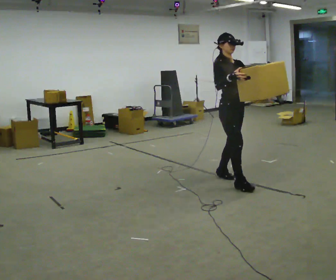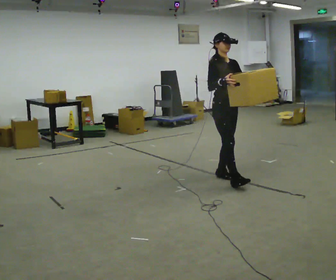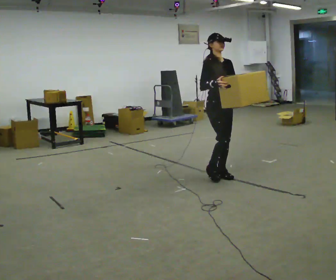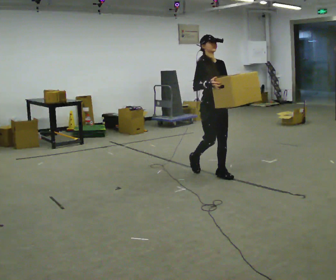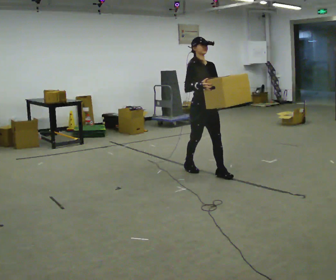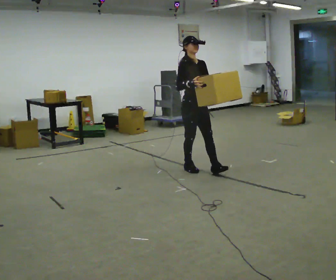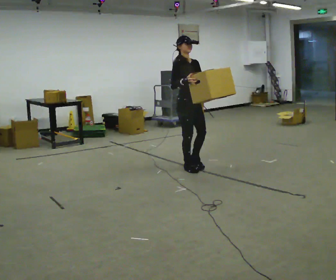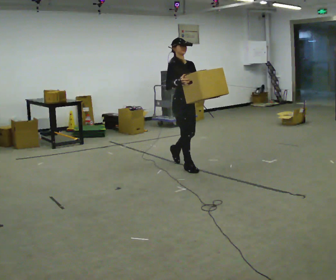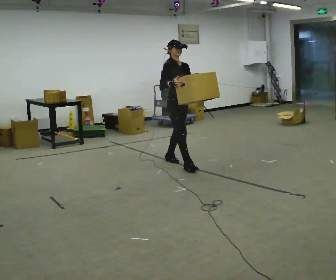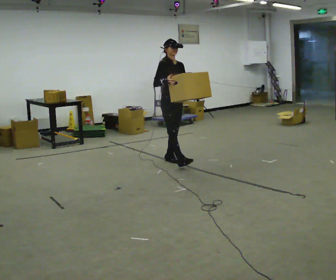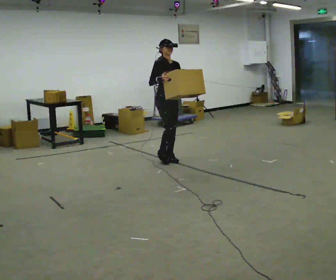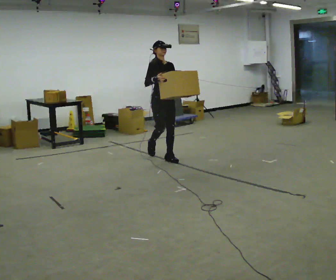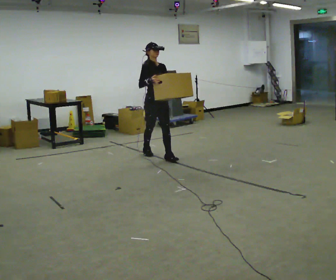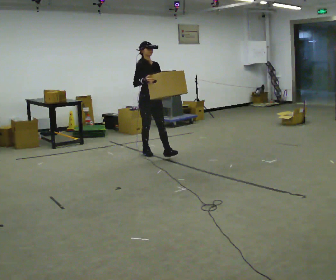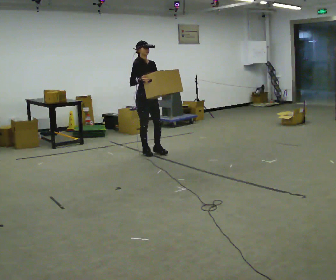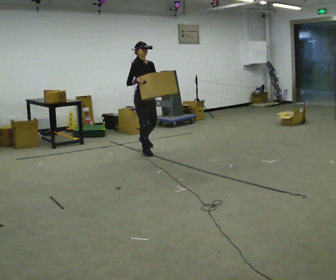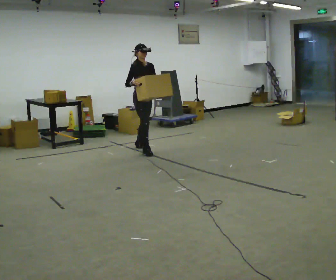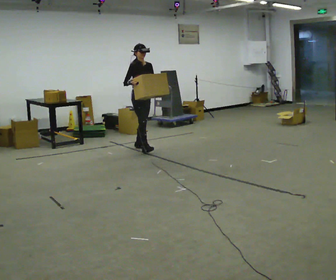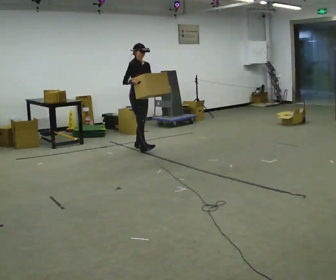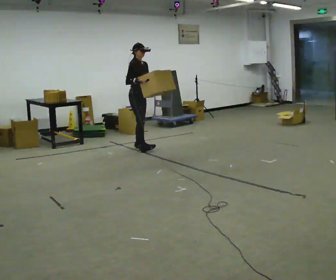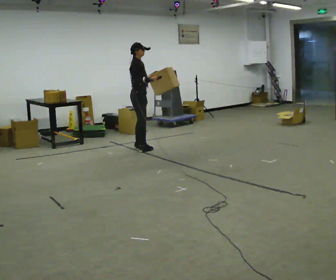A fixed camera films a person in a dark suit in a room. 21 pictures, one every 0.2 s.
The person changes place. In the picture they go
away from the camera.
0.0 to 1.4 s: In the picture they go away from the camera and to the left, about 1 m in 2 steps, which for them is backward.
1.4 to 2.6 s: In the picture they go away from the camera and to the left, about 1 m in 2 steps, which for them is backward.
2.6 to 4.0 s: The person turns about 45 degrees to their left, counterclockwise seen from above, so the part of the body nearest the lens slides to the right. In the picture they go away from the camera and to the left, about 0.5 m, which for them is backward.
The film runs backward here.
